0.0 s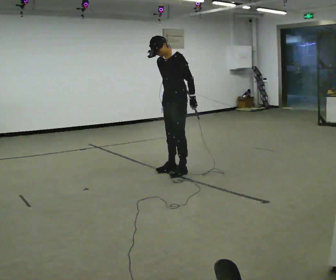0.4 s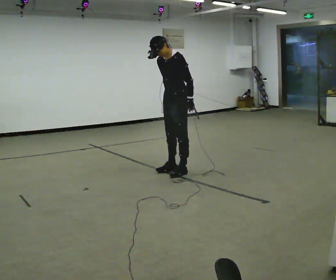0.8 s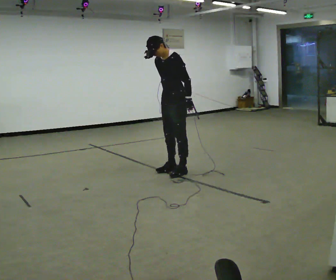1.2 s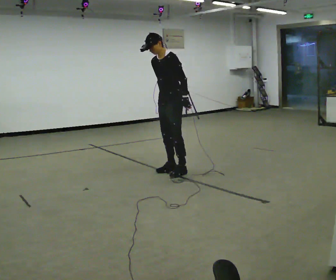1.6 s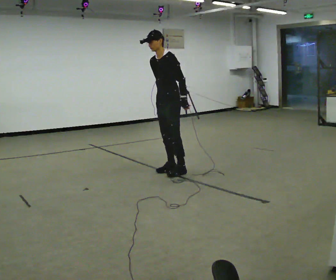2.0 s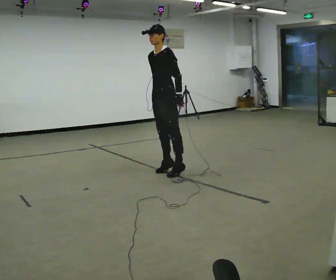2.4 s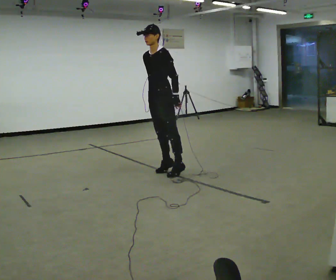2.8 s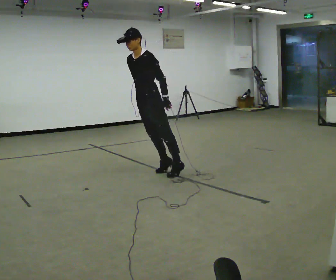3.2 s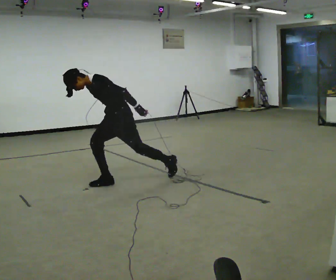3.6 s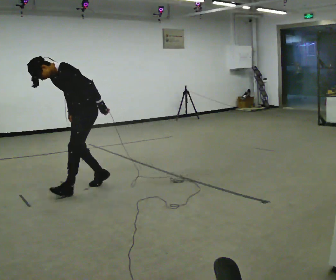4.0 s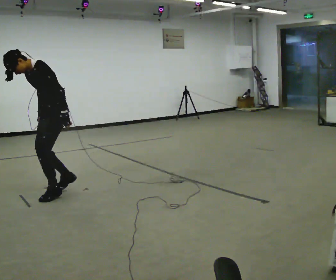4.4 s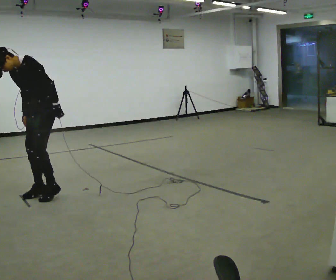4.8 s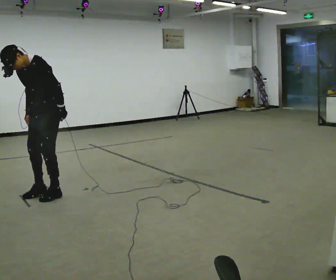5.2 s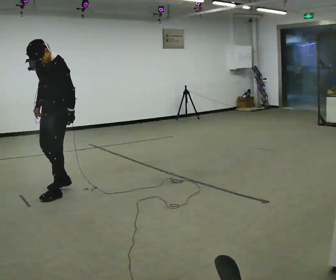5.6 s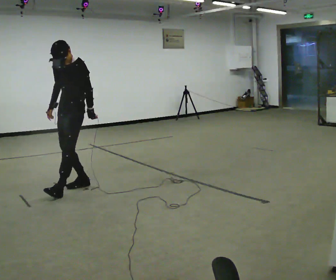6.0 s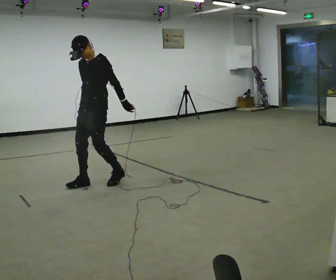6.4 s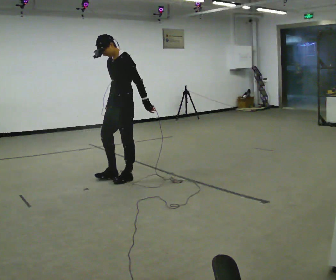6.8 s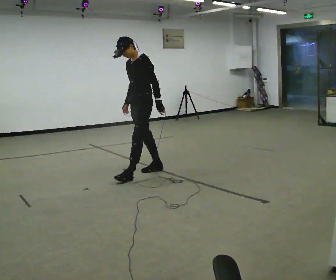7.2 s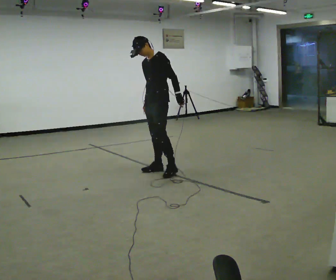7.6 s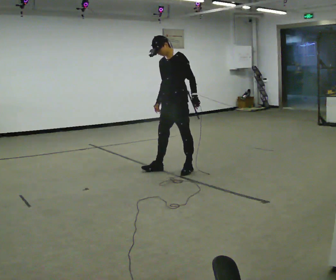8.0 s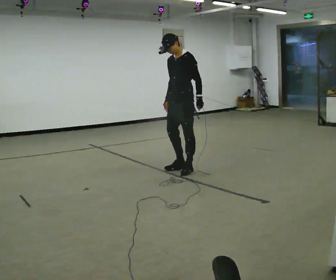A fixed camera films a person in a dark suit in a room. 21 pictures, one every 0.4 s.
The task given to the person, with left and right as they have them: Stand on the marked spots and rise up onto your toes. Stay up until you start to topple forward, then step to catch yourself. Repeat at your own pace until the operator says stop. Go slowly and only as far as you are comfortable. Step whenever you need to; do not try to hold on longer than feels safe.
0.0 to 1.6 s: The person moves a little, or ends about where they began.
1.6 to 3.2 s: In the picture they go to the left, about 0.75 m in 1 step, which for them is forward. In the picture the upper body tilts counterclockwise, shoulders to the left, as they bend forward.
3.2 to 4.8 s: In the picture they go to the left, about 1 m in 2 steps, which for them is forward. The shoulders move upward.
4.8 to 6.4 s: In the picture they go to the right and away from the camera, about 1 m in 2 steps, which for them is backward. The upper body tips away from the camera, its near side rolling upward, as they lean back or straighten.
6.4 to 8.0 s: In the picture they go to the right, about 1 m in 2 steps, which for them is backward.
The film runs forward here.
